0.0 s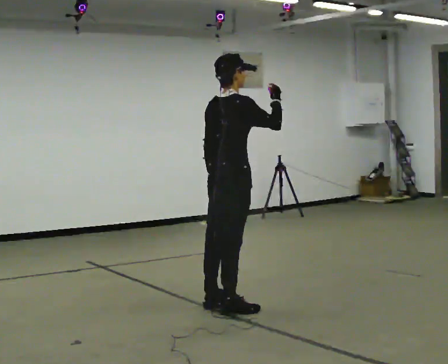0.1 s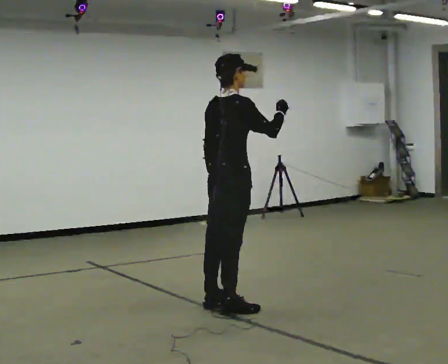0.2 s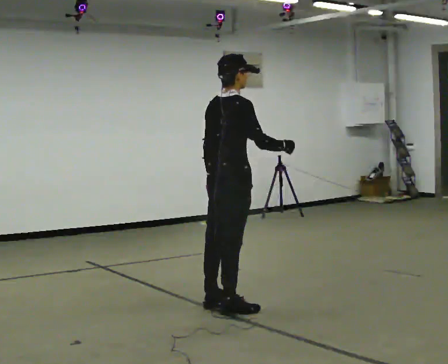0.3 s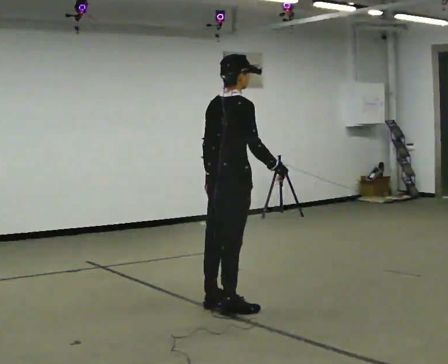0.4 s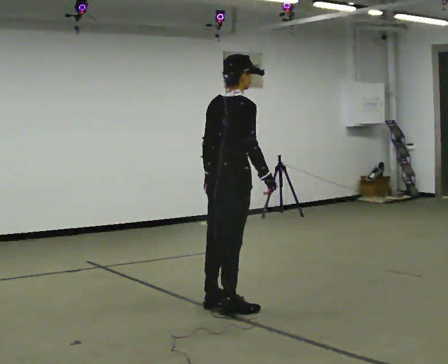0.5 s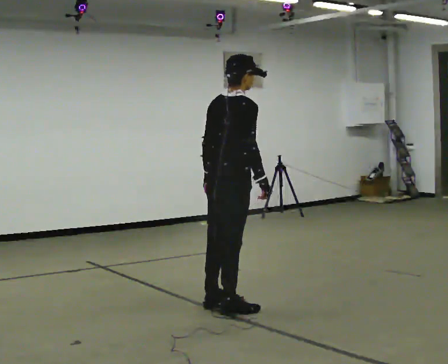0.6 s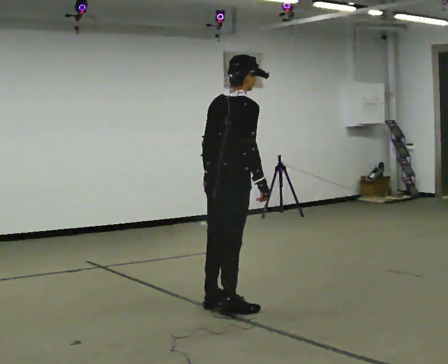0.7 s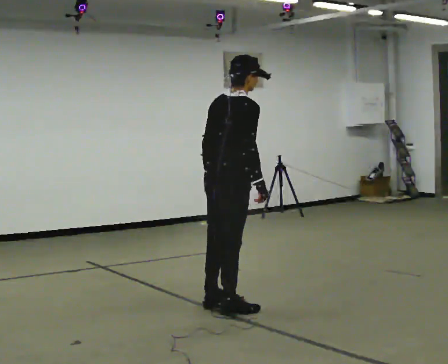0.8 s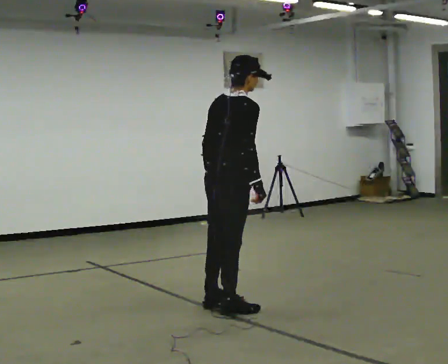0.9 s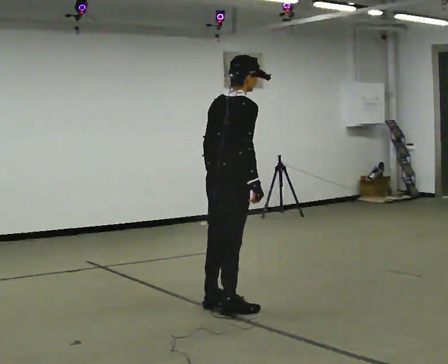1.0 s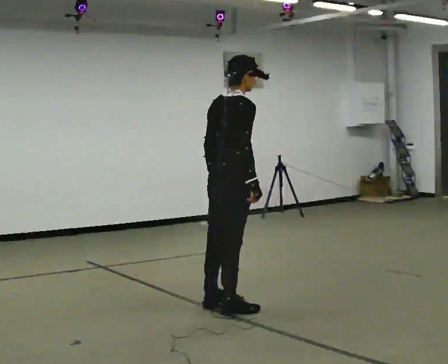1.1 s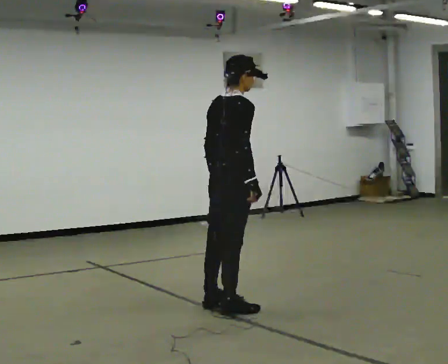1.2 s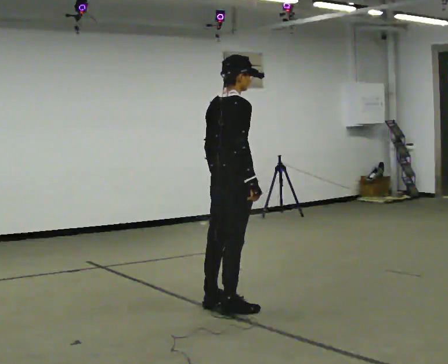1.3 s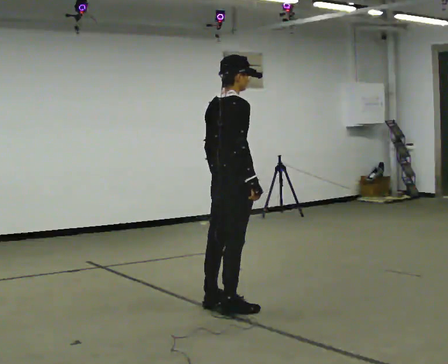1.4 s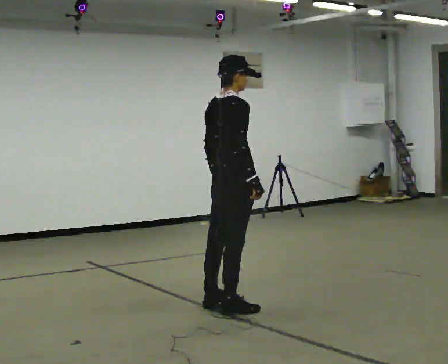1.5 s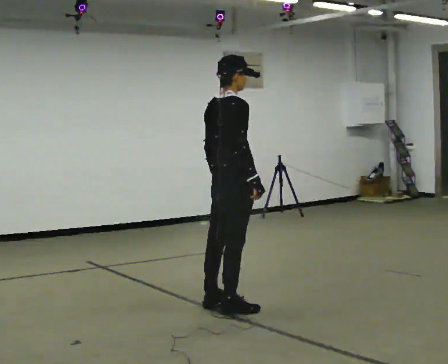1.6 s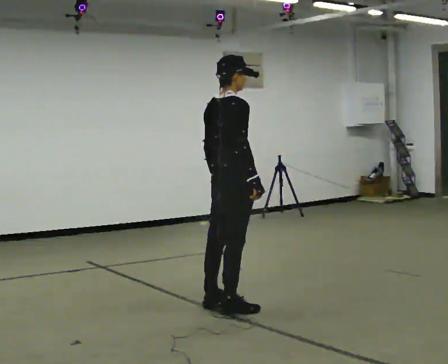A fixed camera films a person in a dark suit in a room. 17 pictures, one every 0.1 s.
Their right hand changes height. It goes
downward.
0.0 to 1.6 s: In the picture their right hand goes downward.
The film runs backward here.
